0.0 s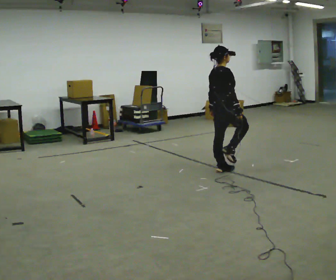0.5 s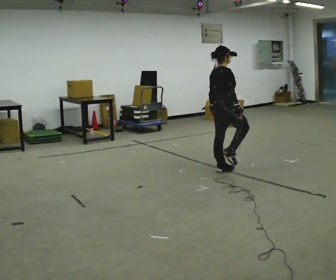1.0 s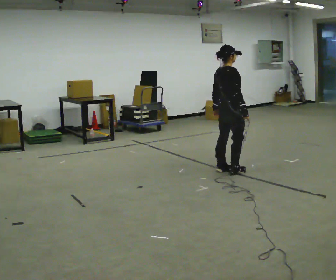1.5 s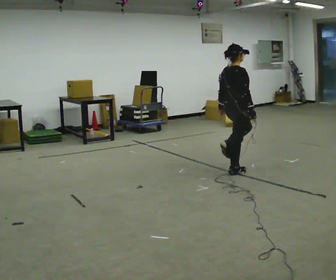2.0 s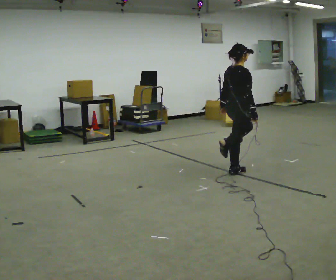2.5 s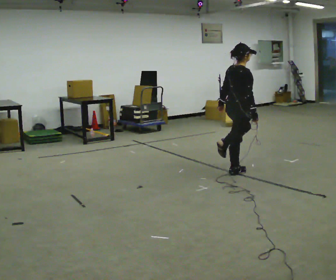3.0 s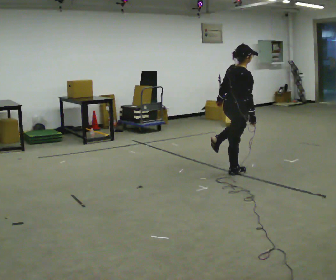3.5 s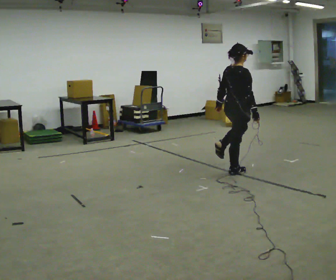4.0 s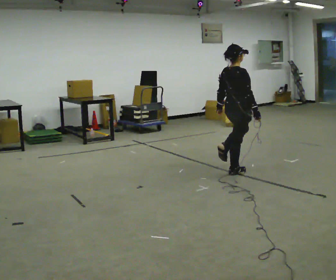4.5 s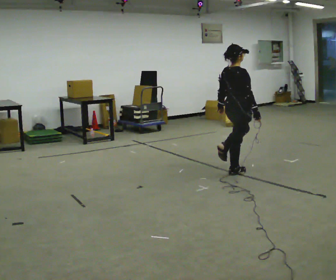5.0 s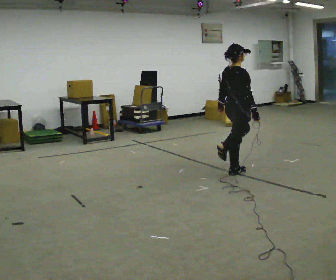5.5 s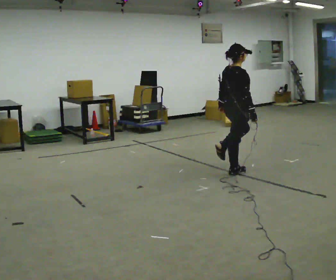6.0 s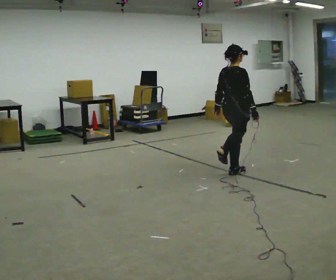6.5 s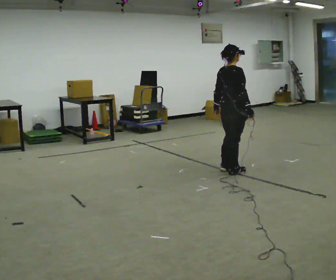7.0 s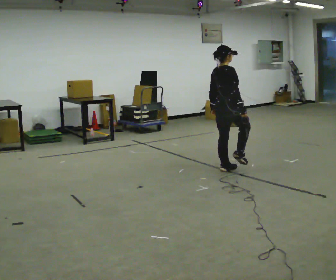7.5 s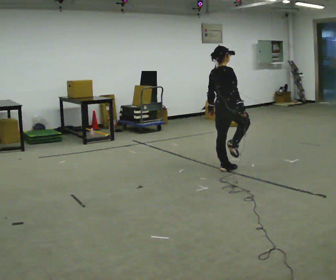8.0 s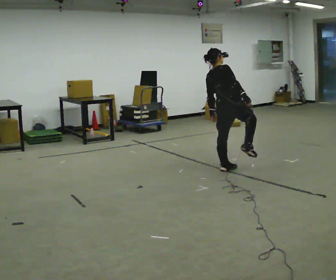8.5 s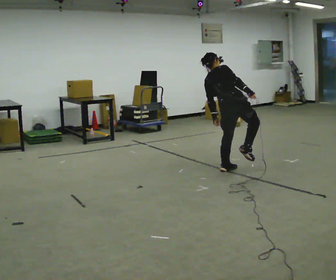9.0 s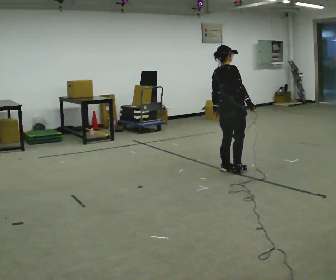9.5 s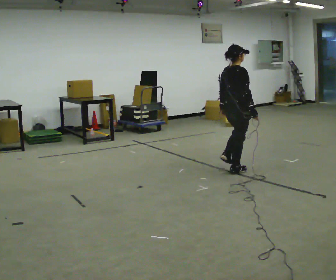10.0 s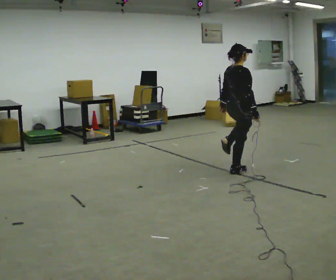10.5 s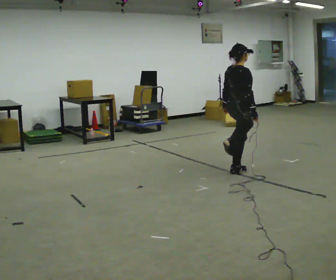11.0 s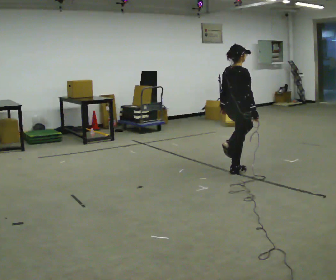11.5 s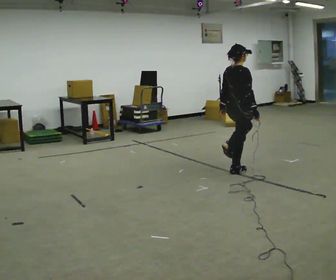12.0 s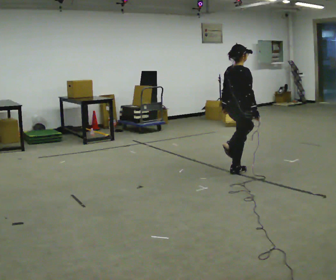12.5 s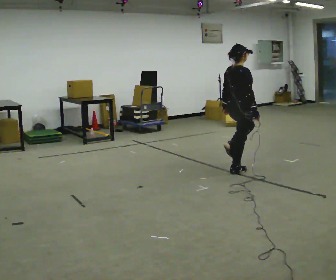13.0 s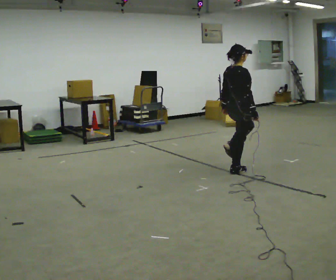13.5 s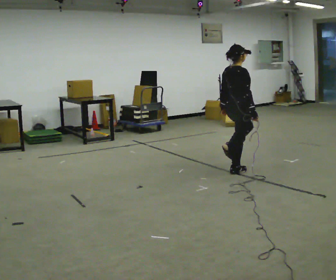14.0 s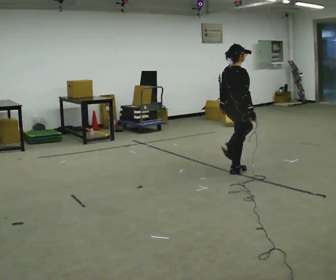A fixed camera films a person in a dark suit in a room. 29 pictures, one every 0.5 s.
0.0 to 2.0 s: In the picture they go to the right, about 0.25 m, which for them is to their right.
2.0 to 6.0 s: The person moves a little, or ends about where they began.
6.0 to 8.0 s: In the picture the upper body tilts counterclockwise, shoulders to the left.
8.0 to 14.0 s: The person moves a little, or ends about where they began.
The film runs forward here.
